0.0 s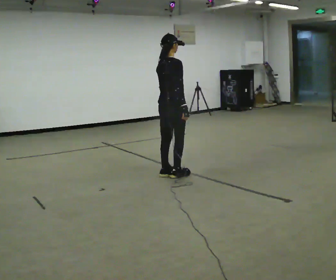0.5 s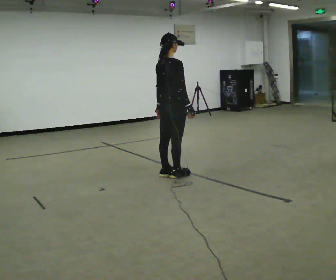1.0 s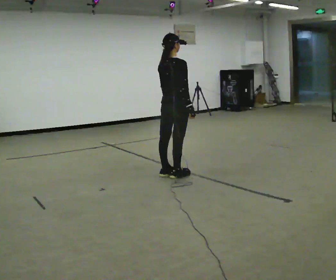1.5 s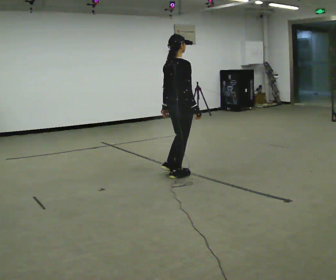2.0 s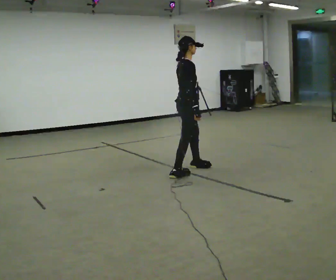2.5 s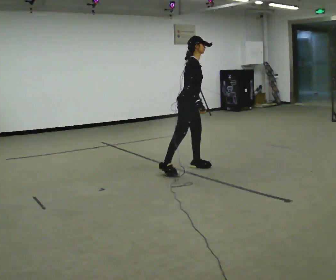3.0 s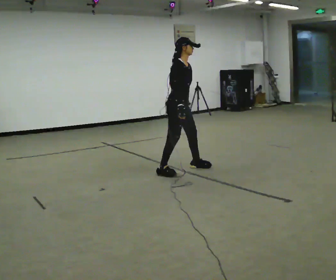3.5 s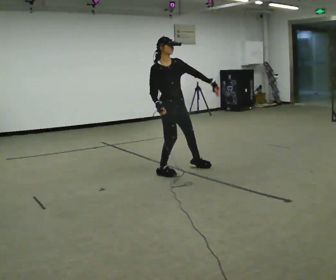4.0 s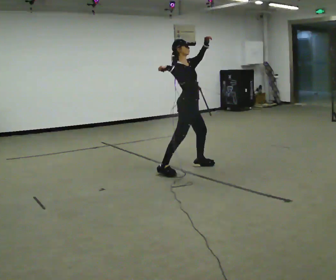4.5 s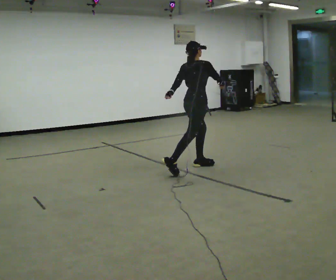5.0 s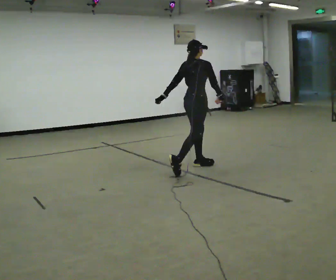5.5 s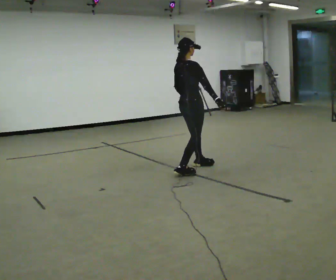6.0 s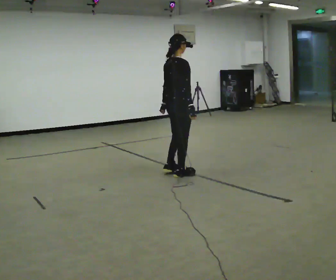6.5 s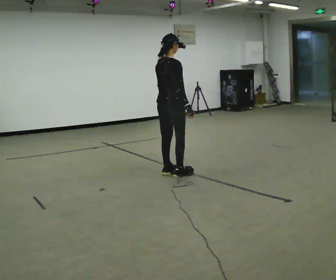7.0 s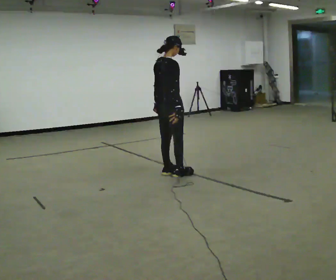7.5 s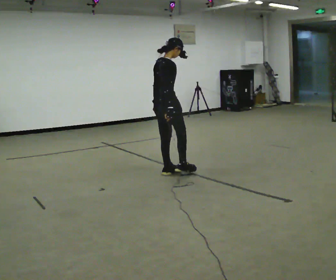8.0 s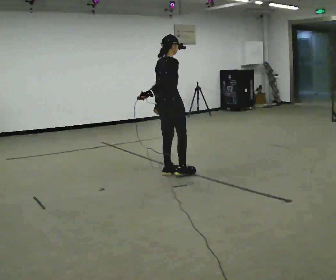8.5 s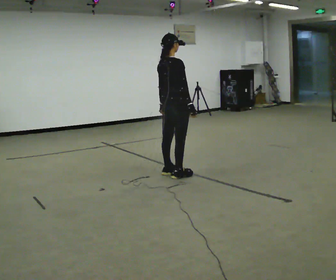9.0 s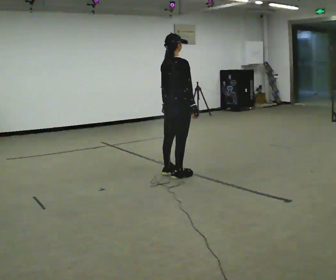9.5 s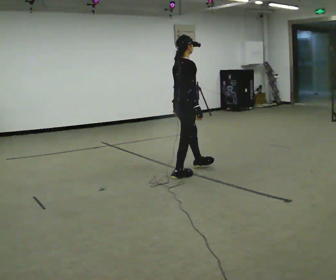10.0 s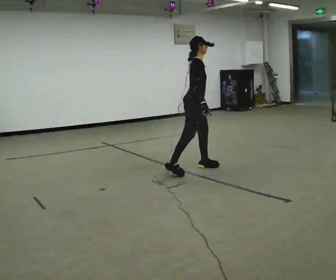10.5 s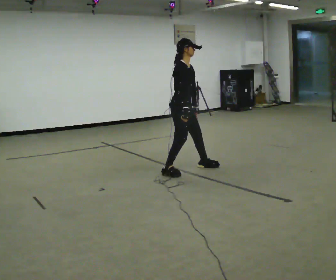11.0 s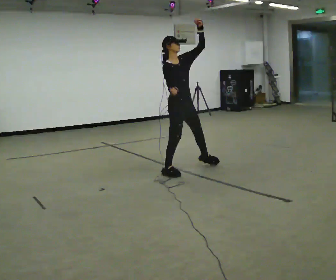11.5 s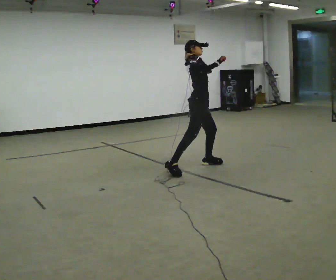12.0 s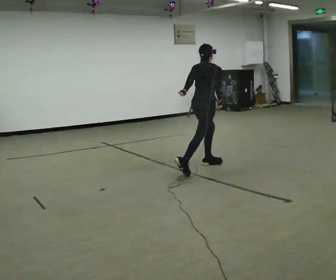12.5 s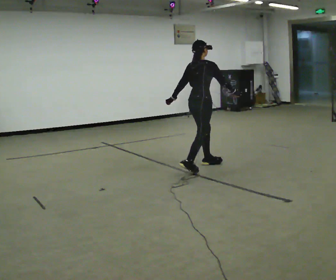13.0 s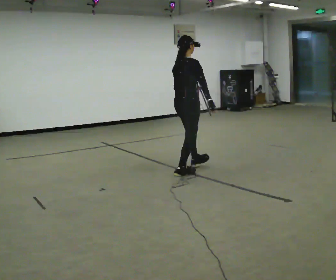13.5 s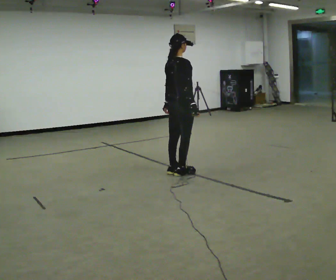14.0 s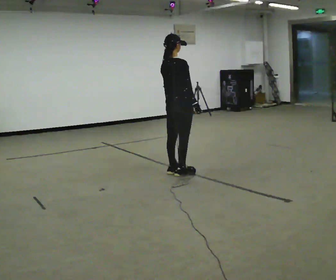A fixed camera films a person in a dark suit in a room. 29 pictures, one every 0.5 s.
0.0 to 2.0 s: The person turns about 30 degrees to their right, clockwise seen from above, so the part of the body nearest the lens slides to the left. In the picture they go to the right, about 0.25 m in 1 step, which for them is forward.
2.0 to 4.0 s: The person turns about 30 degrees to their right, clockwise seen from above, so the part of the body nearest the lens slides to the left. In the picture their left hand goes upward, the arm swinging counterclockwise.
4.0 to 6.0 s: The person turns about 45 degrees to their left, counterclockwise seen from above, so the part of the body nearest the lens slides to the right. In the picture they go toward the camera, about 0.25 m in 1 step. In the picture their left hand goes downward and to the left.
6.0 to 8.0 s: In the picture their right hand goes to the left, the arm swinging clockwise.
8.0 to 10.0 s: Seen from above the body turns clockwise, about 45 degrees: to their right, with its near side sliding to the left. In the picture they go to the right and away from the camera, about 0.25 m in 1 step, which for them is forward.
10.0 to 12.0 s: Seen from above the body turns counterclockwise, about 60 degrees: to their left, with its near side sliding to the right.
12.0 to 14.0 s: In the picture they go to the left and toward the camera, about 0.5 m in 1 step, which for them is backward. The upper body tips toward the camera, its near side rolling downward, as they lean back or straighten.
The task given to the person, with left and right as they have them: Mime a tennis serve with no racket: toss, reach up, strike and follow through. Repeat the movement at your own pace until the operator says stop; do not rush.
The film runs forward here.
